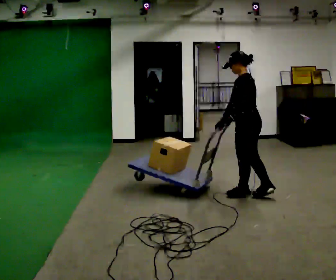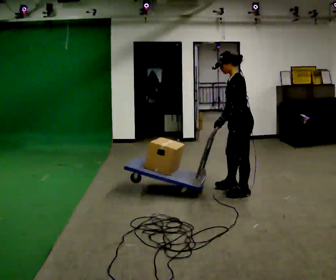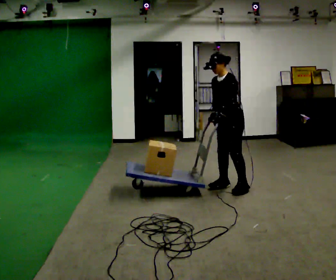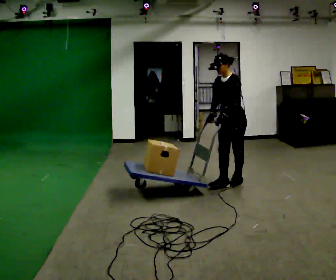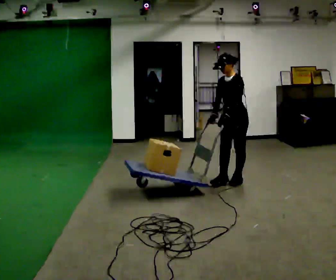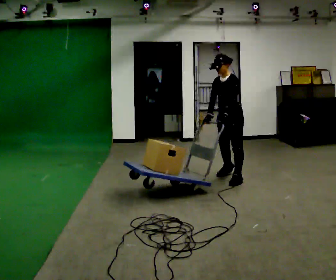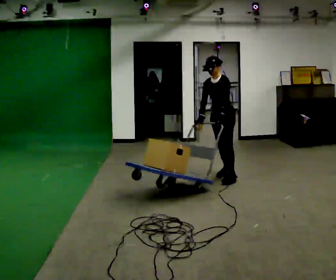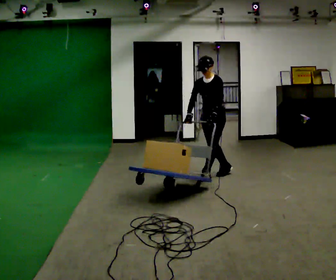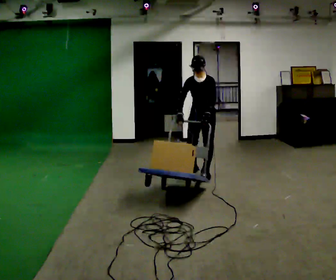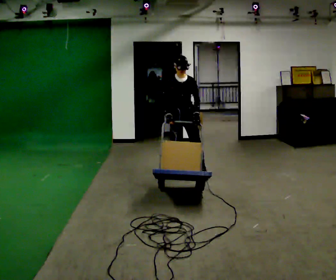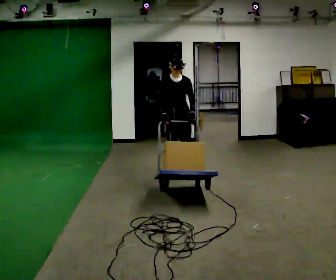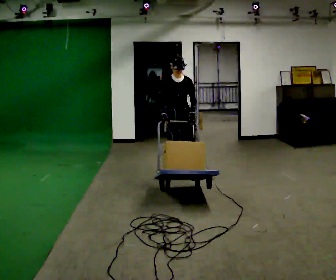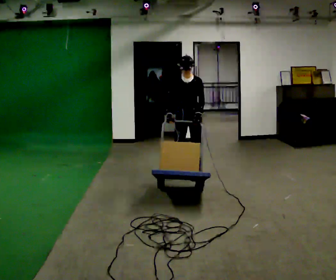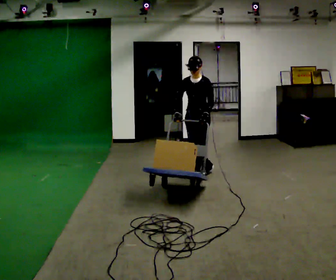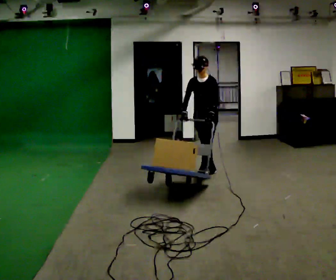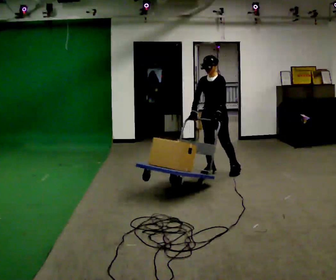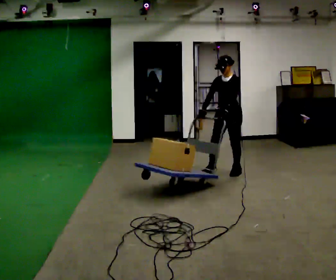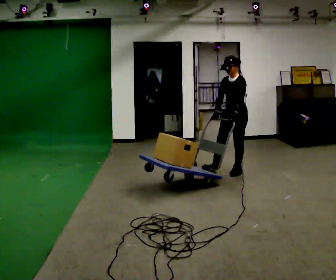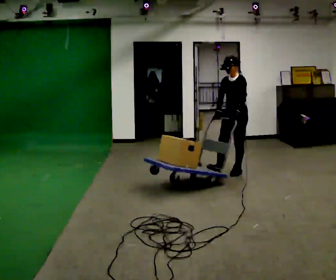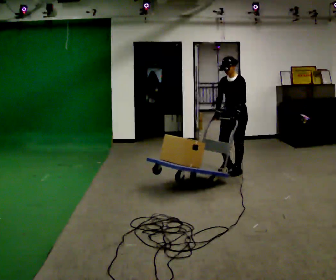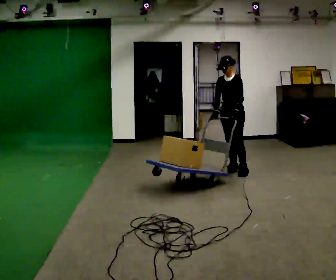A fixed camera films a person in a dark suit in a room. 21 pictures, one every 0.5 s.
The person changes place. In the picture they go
away from the camera.
0.0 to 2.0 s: The part of the body nearest the lens slides to the right as the person turns to their left by about 60 degrees. In the picture they go away from the camera, about 0.5 m in 2 steps.
2.0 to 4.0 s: The person turns about 30 degrees to their left, counterclockwise seen from above, so the part of the body nearest the lens slides to the right. In the picture they go to the left and away from the camera, about 0.5 m in 2 steps, which for them is to their right.
4.0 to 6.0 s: In the picture they go to the left, about 0.25 m in 1 step, which for them is to their right.
6.0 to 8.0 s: The person turns about 30 degrees to their right, clockwise seen from above, so the part of the body nearest the lens slides to the left. In the picture they go to the right, about 0.5 m in 3 steps, which for them is to their left and backward.
8.0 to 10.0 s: The person moves a little, or ends about where they began.
The film runs backward here.
